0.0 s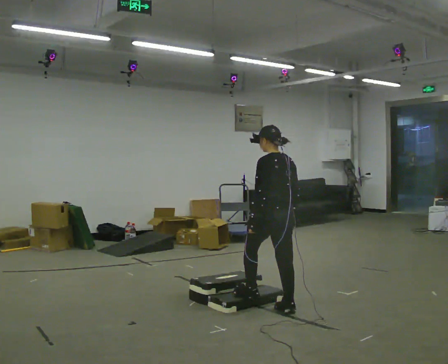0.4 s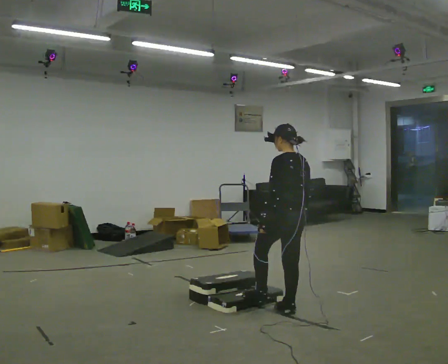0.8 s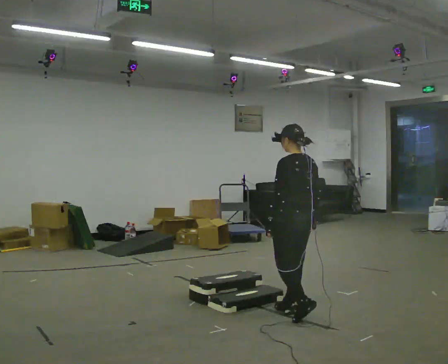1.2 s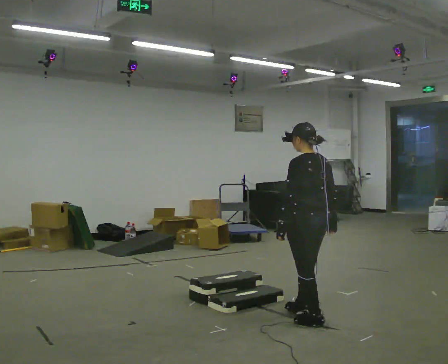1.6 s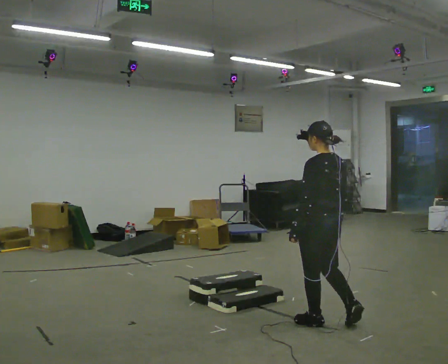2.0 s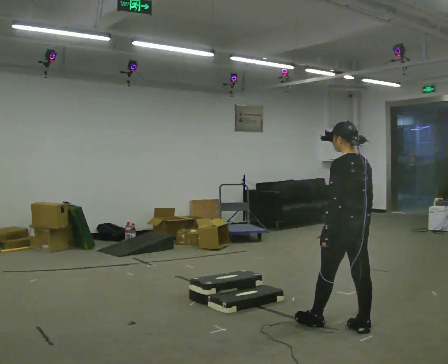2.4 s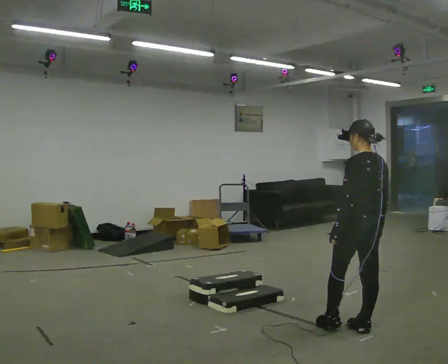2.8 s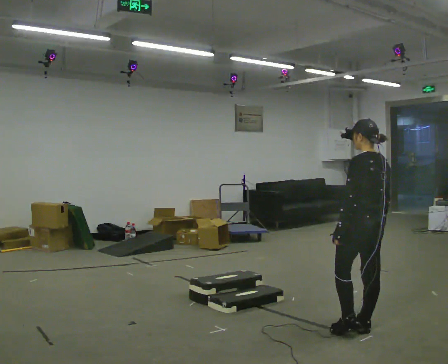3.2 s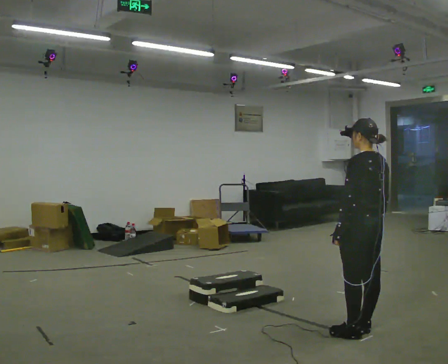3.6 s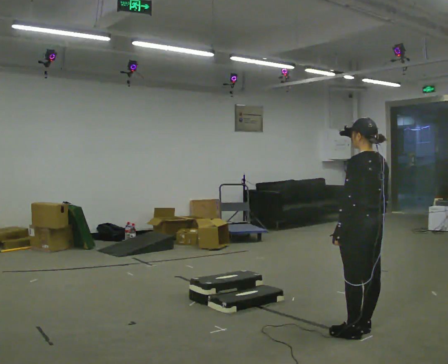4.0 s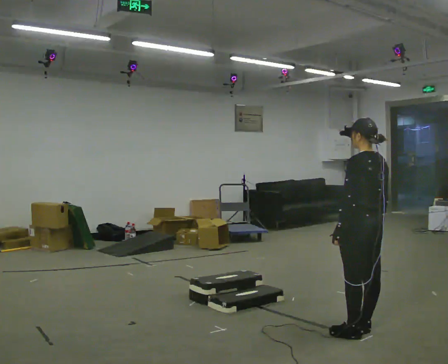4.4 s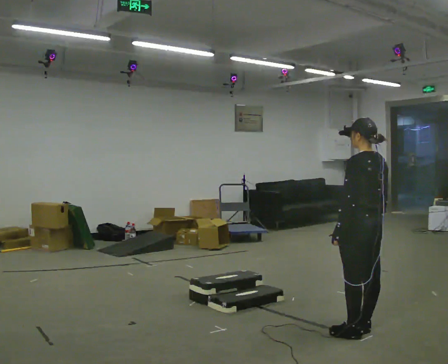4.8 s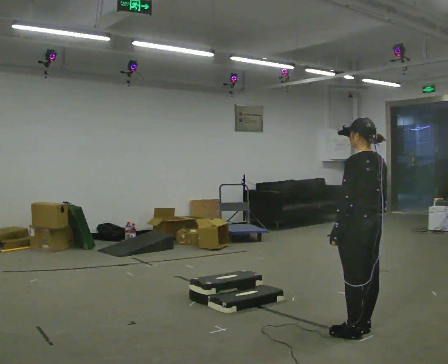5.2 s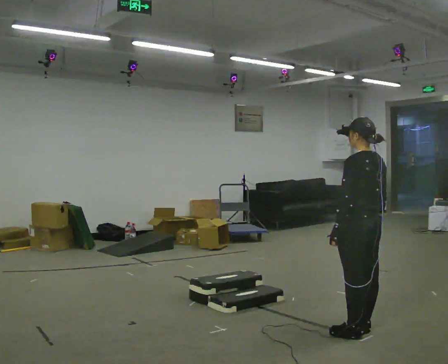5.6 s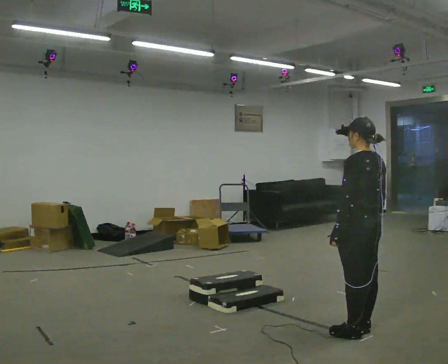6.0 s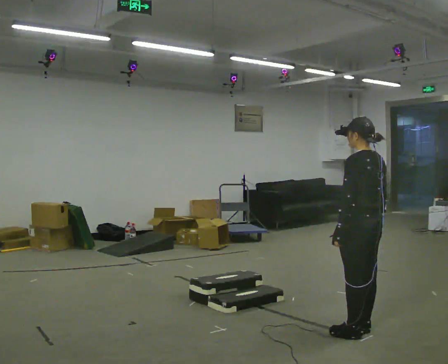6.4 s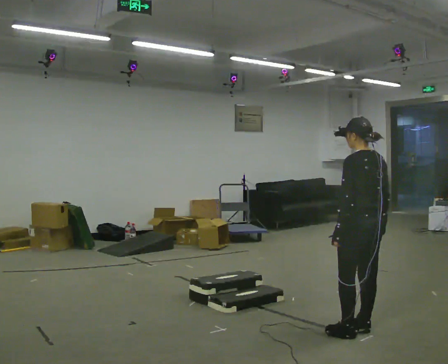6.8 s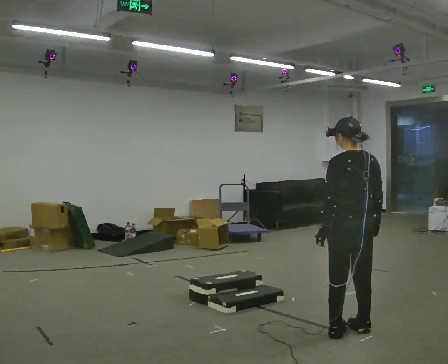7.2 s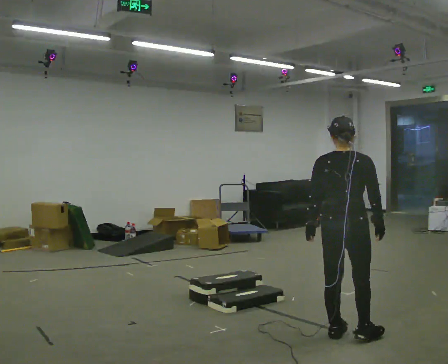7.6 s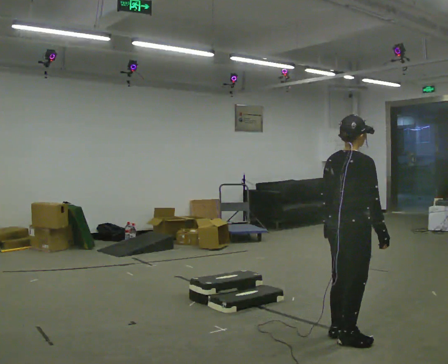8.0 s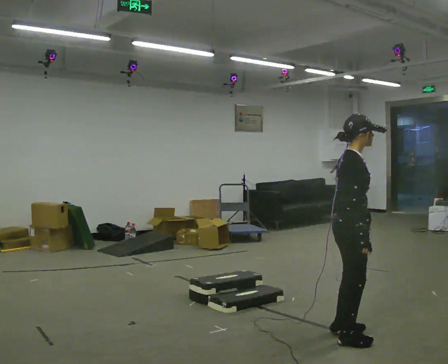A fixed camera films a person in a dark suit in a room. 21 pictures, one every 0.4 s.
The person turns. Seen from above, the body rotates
clockwise.
The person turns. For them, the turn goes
to their right.
0.0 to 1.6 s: In the picture they go to the right and toward the camera, about 0.5 m in 2 steps, which for them is backward.
1.6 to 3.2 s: In the picture they go to the right, about 0.25 m in 1 step, which for them is backward and to their right.
3.2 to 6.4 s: The person moves a little, or ends about where they began.
6.4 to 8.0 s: The person turns about 135 degrees to their right, clockwise seen from above, so the part of the body nearest the lens slides to the left. In the picture they go toward the camera, about 0.25 m in 2 steps.
The film runs backward here.
